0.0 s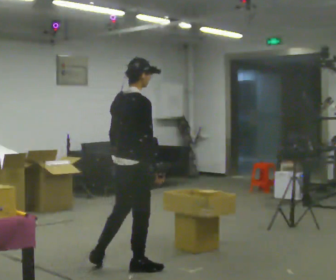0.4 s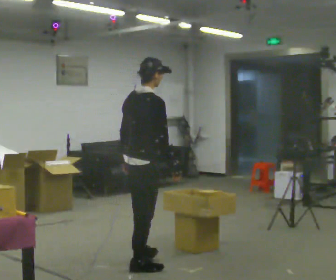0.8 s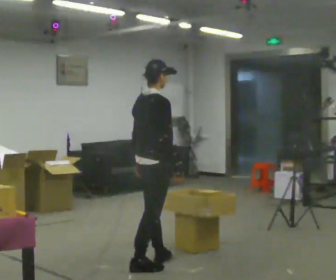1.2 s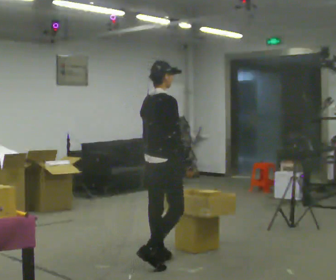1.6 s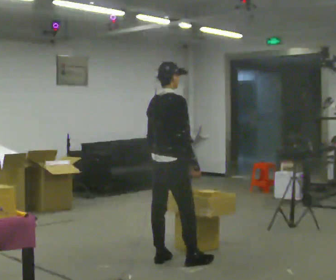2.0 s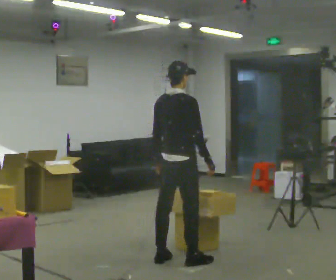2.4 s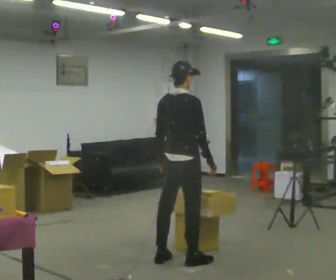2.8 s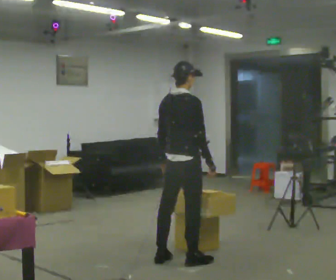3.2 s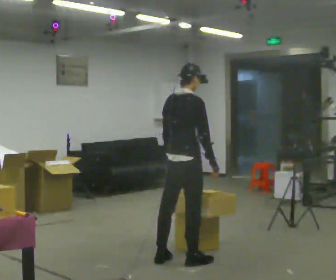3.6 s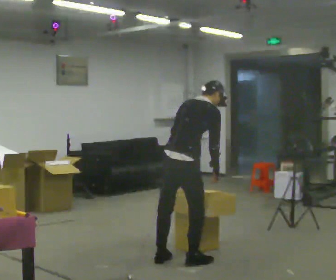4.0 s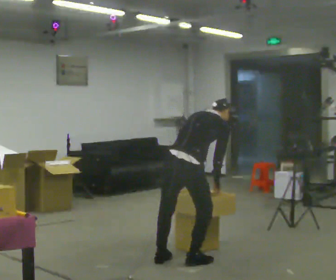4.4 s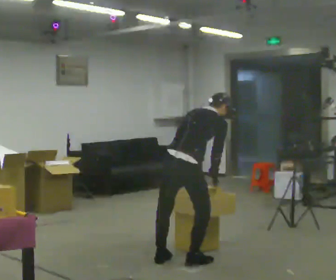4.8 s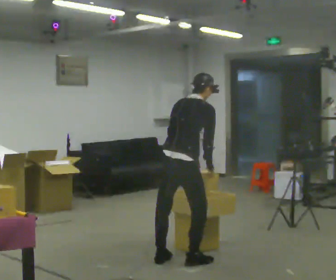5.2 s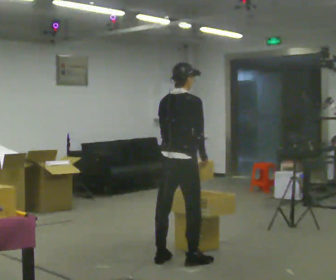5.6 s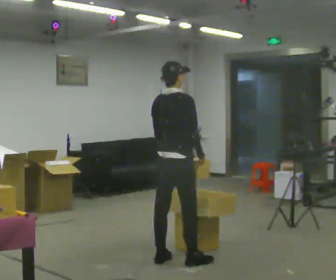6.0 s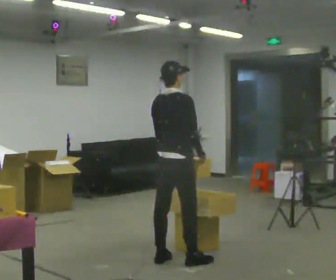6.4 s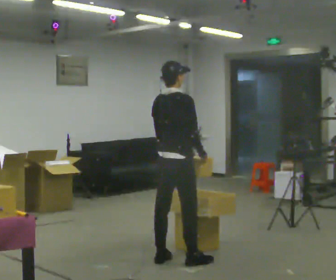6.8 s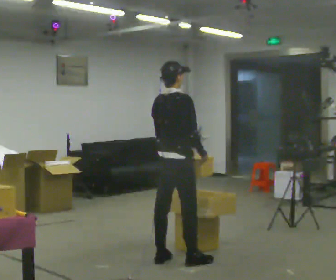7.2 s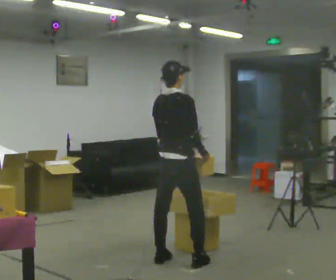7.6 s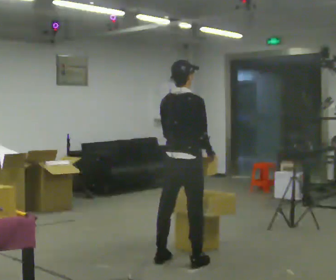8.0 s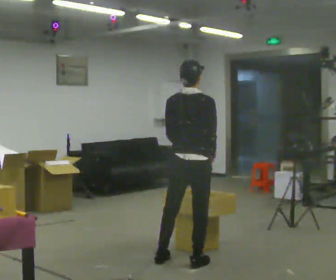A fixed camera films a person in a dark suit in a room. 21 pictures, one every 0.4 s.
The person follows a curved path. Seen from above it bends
clockwise.
0.0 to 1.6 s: In the picture they go to the right and away from the camera, about 0.5 m in 2 steps, which for them is forward.
1.6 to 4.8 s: The person moves a little, or ends about where they began.
4.8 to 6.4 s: In the picture the upper body tilts counterclockwise, shoulders to the left, as they lean back or straighten.
6.4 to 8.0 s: Seen from above the body turns counterclockwise, about 30 degrees: to their left, with its near side sliding to the right.
The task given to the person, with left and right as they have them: Carry the object over and fit it into the gap between the two boxes already on the shelf, without touching either of them. Keep going until the operator says stop; one object at a time, and do not rush between trips.
The film runs forward here.
